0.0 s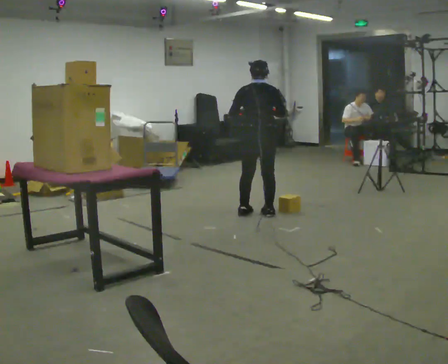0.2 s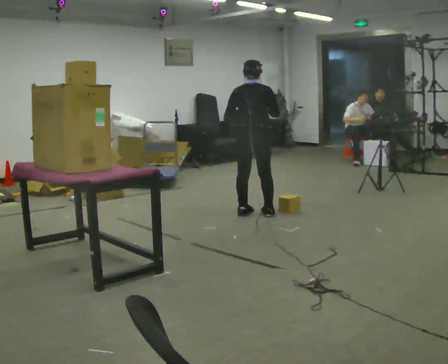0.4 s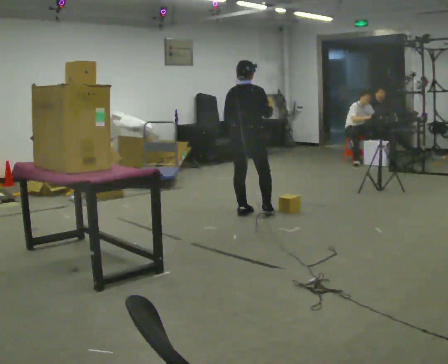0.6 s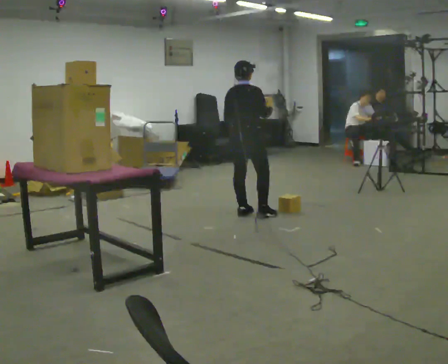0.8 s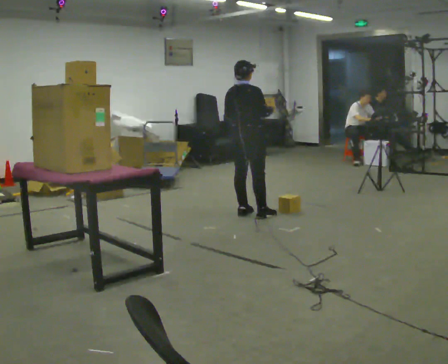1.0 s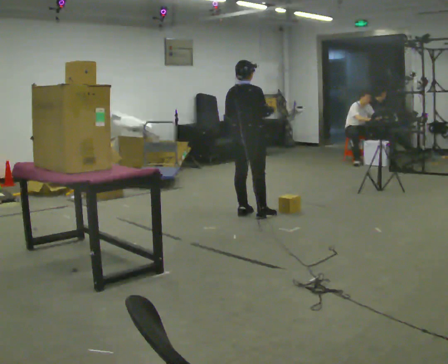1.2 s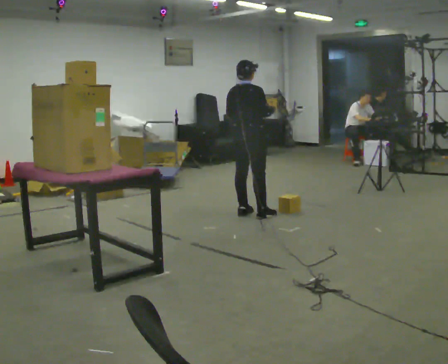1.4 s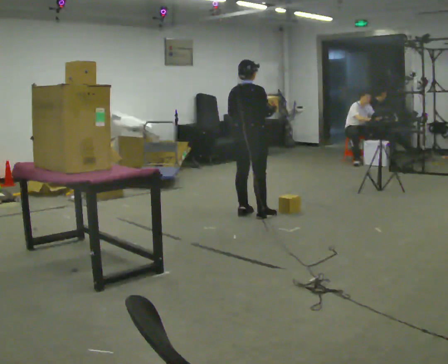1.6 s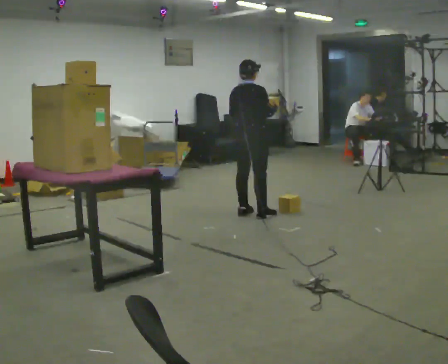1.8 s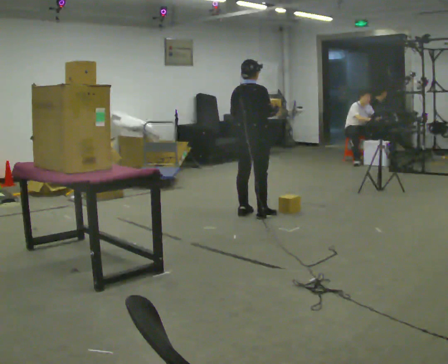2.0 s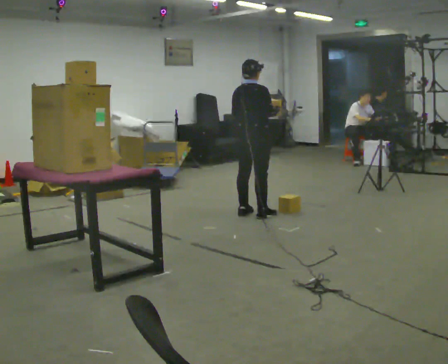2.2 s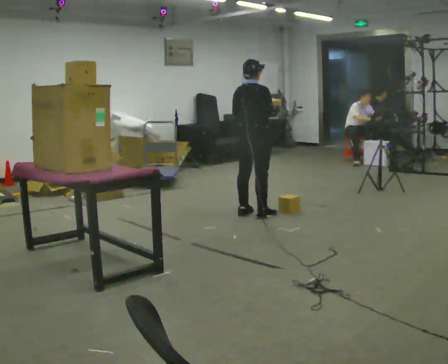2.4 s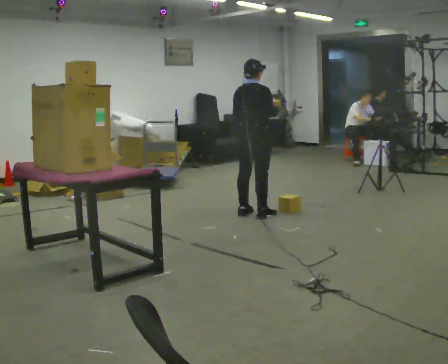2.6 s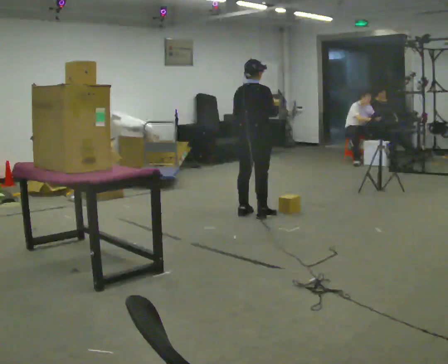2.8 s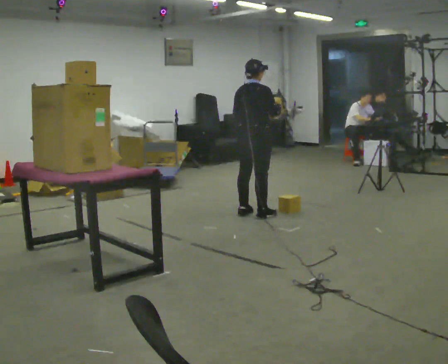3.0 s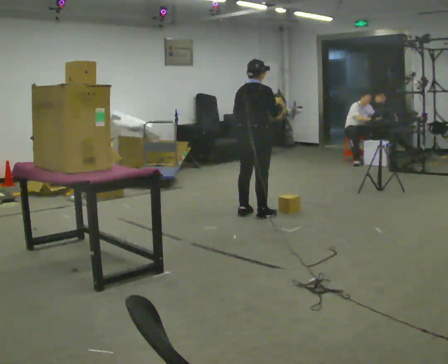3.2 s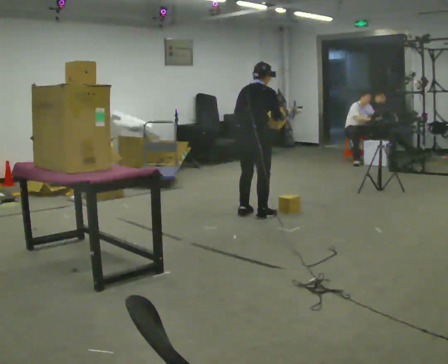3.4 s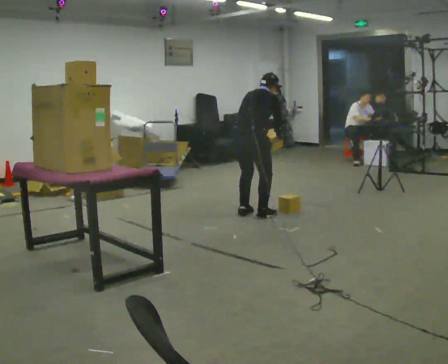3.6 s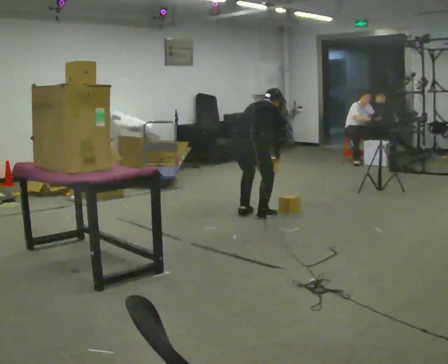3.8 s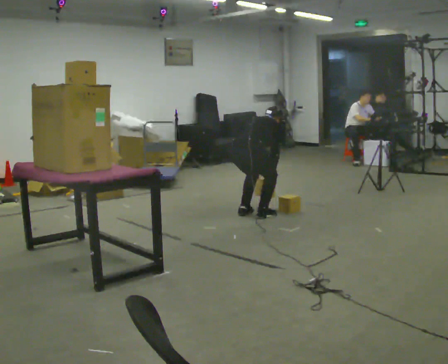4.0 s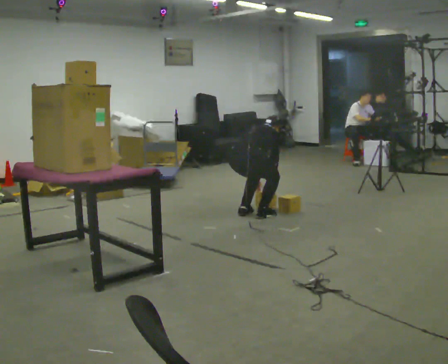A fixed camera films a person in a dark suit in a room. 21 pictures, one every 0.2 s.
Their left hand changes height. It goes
downward.
Their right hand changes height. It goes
downward.
0.0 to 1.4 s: Seen from above the body turns clockwise, about 45 degrees: to their right, with its near side sliding to the left.
1.4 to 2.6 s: The person moves a little, or ends about where they began.
2.6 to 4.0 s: The upper body goes downward. The upper body tips away from the camera, its near side rolling upward, as they bend forward. In the picture their left hand goes downward.
The film runs backward here.
